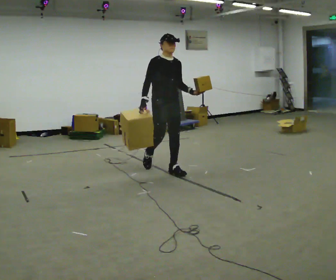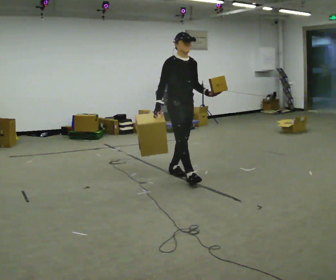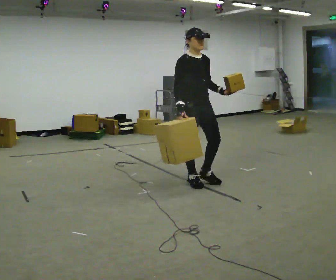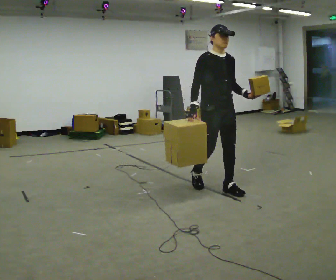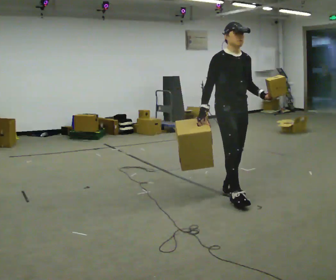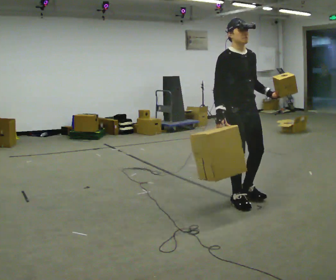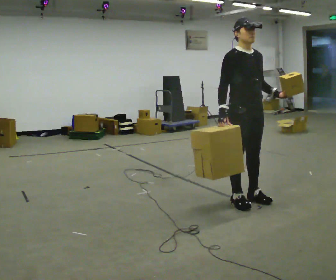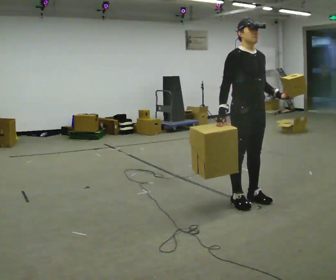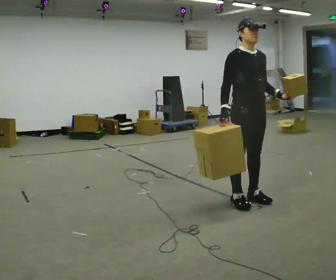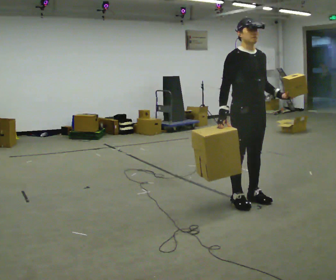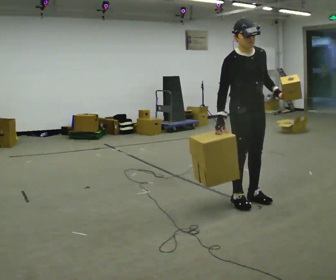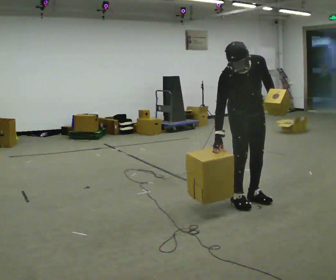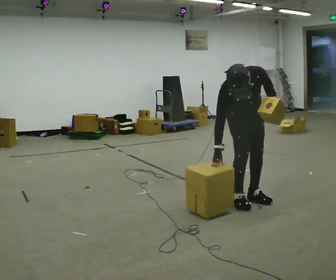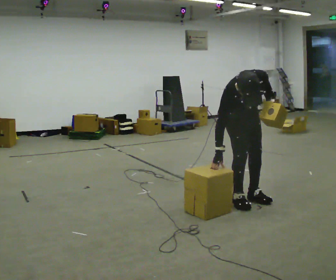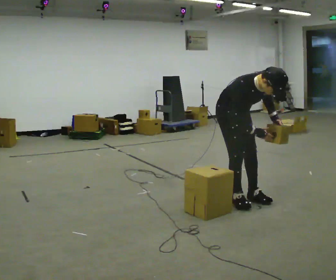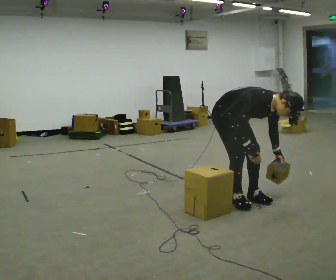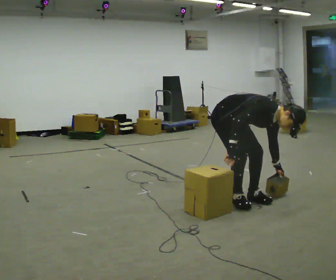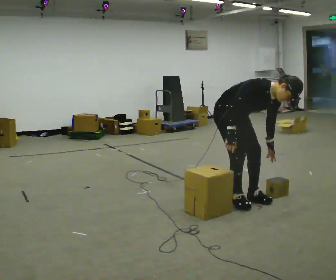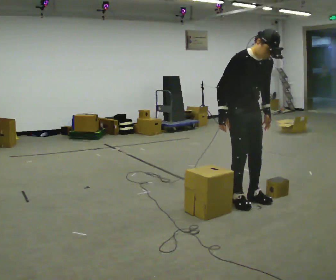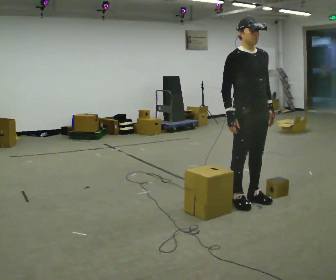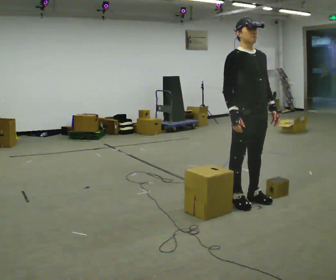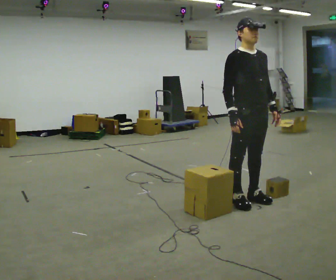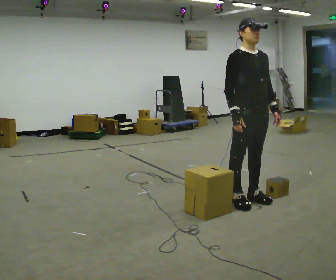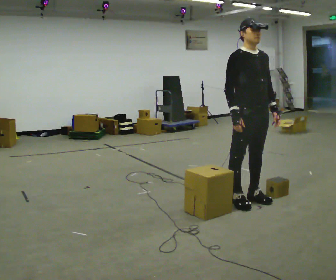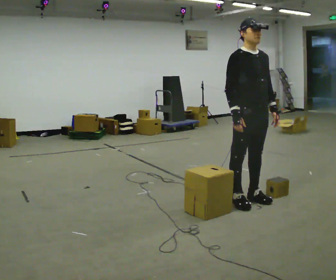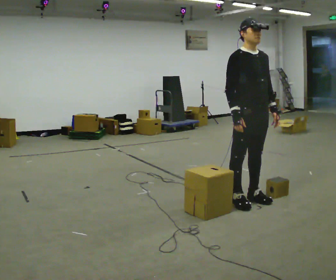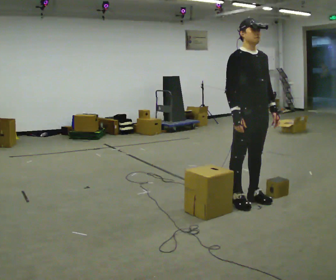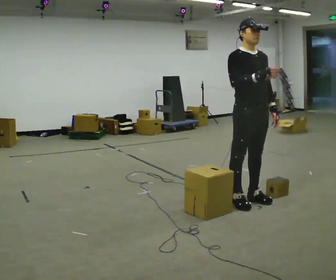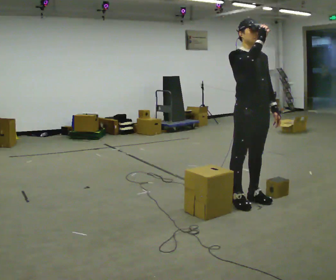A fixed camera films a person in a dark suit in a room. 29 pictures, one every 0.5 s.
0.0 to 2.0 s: In the picture they go toward the camera and to the right, about 1 m in 3 steps, which for them is forward.
2.0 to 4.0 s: In the picture they go toward the camera, about 0.25 m in 1 step, which for them is forward.
4.0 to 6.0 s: The upper body goes downward. The upper body tips toward the camera, its near side rolling downward, as they bend forward. In the picture their right hand goes downward.
6.0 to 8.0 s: The person turns about 45 degrees to their left, counterclockwise seen from above, so the part of the body nearest the lens slides to the right. The upper body goes downward. In the picture the upper body tilts clockwise, shoulders to the right, as they bend forward.
8.0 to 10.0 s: Seen from above the body turns clockwise, about 30 degrees: to their right, with its near side sliding to the left. In the picture they go to the right, about 0.25 m, which for them is forward. The shoulders move upward. In the picture the upper body tilts counterclockwise, shoulders to the left, as they lean back or straighten.
10.0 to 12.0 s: The person moves a little, or ends about where they began.
12.0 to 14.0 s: In the picture their right hand goes upward.
The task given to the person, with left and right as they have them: Carry one object in each hand, the heavy one in the hand the operator calls, walking back and forth across the room.
The film runs forward here.
